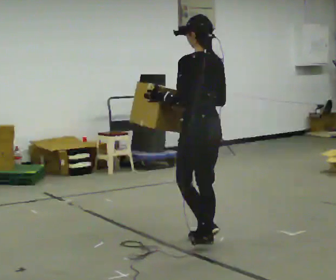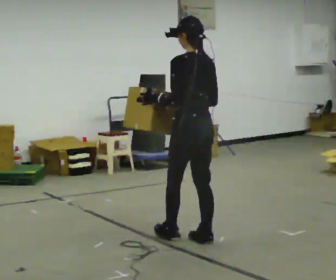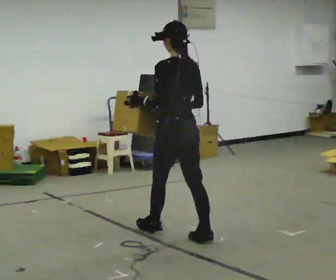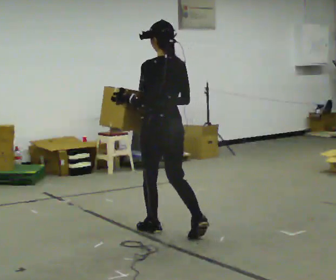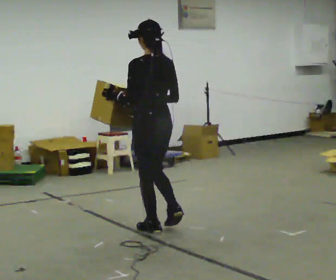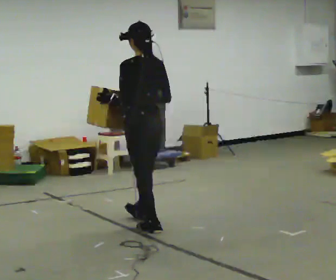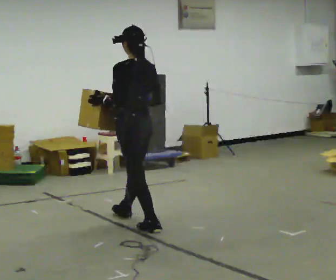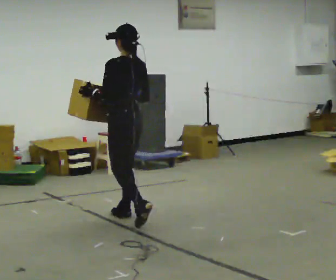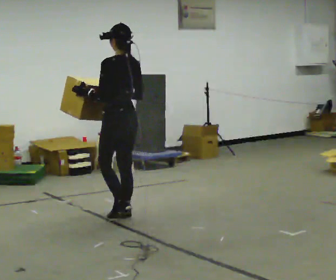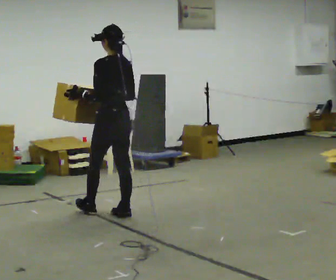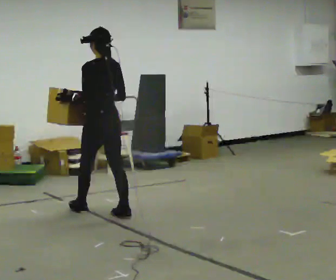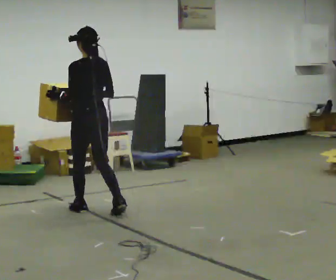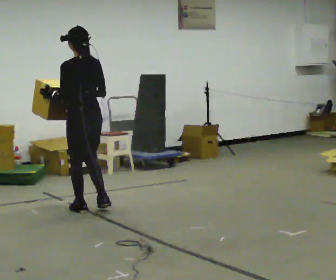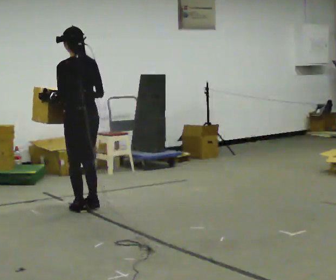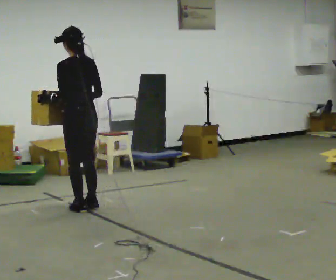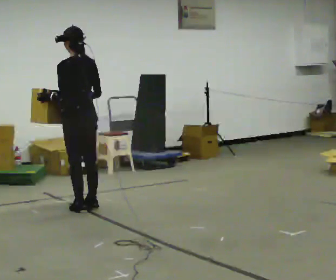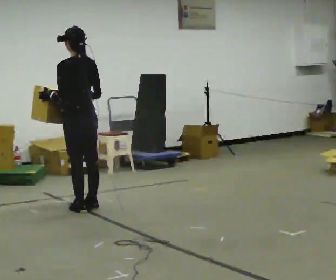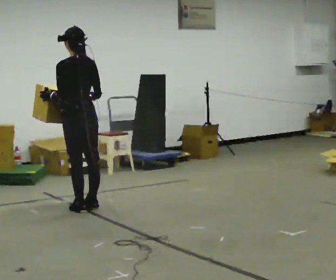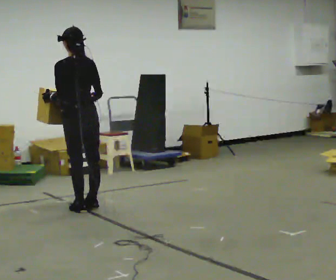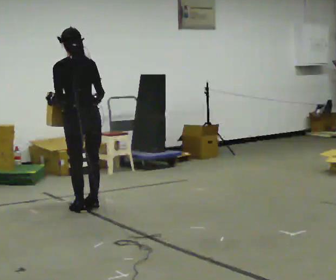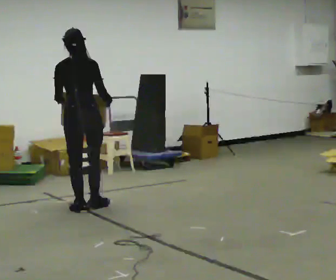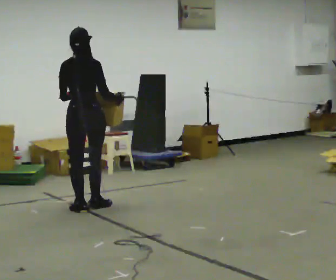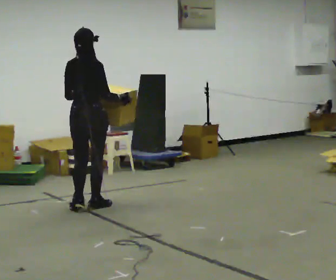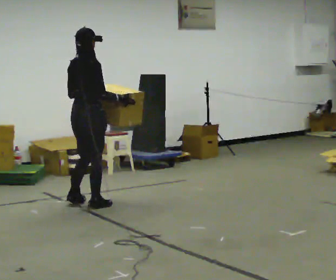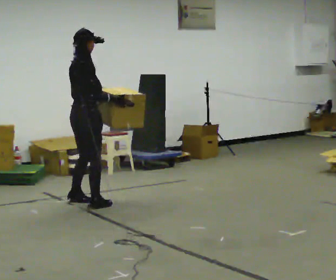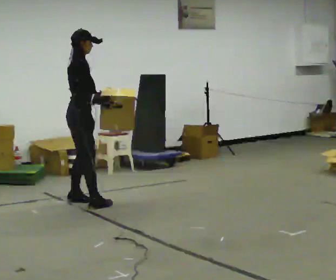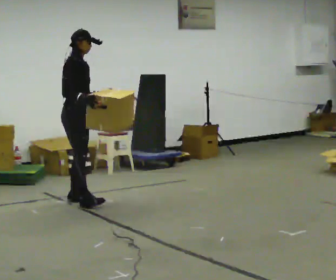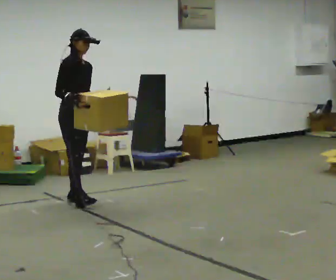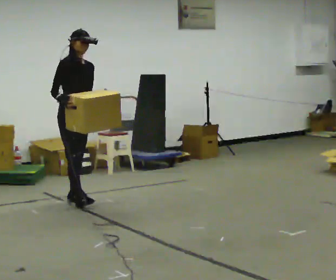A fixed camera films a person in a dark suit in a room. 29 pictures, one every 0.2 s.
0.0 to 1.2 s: In the picture they go away from the camera and to the left, about 1 m in 2 steps, which for them is forward.
1.2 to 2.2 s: In the picture they go away from the camera and to the left, about 0.5 m in 1 step, which for them is forward.
2.2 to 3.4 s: The person moves a little, or ends about where they began.
3.4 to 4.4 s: The person turns about 60 degrees to their right, clockwise seen from above, so the part of the body nearest the lens slides to the left.
4.4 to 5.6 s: The person turns about 120 degrees to their right, clockwise seen from above, so the part of the body nearest the lens slides to the left. In the picture they go away from the camera, about 0.25 m in 2 steps.
The film runs forward here.
